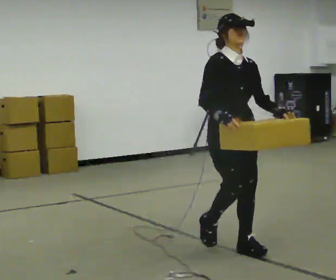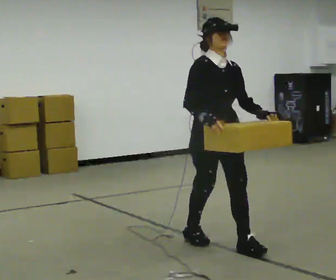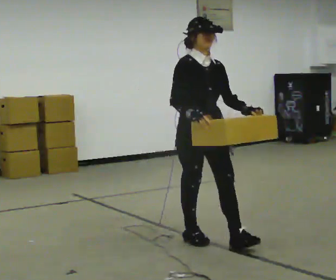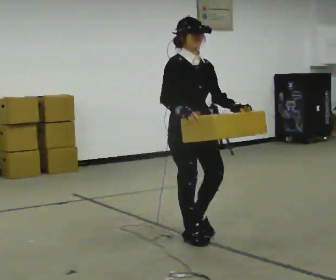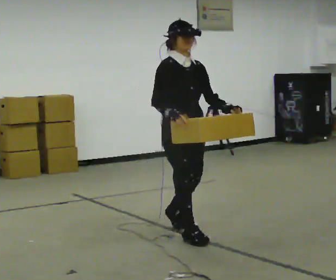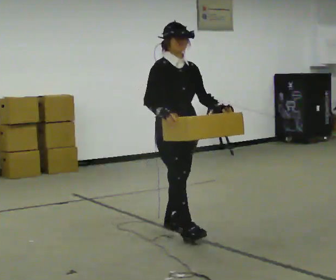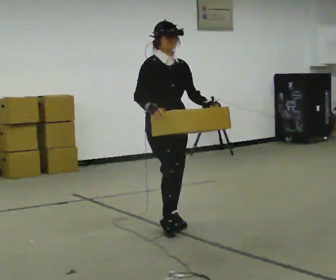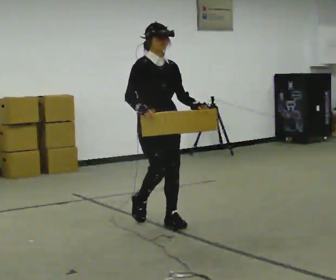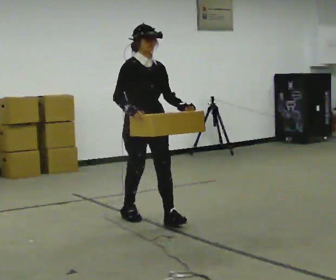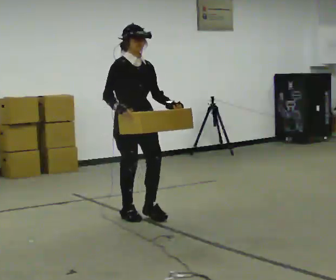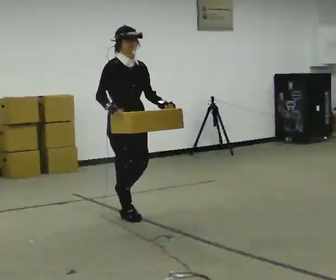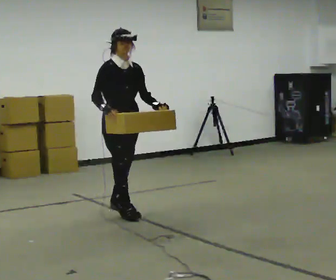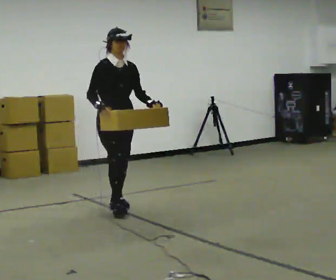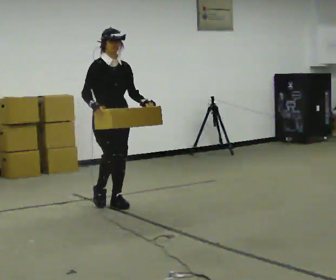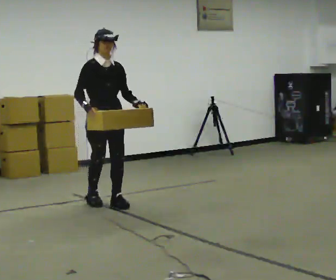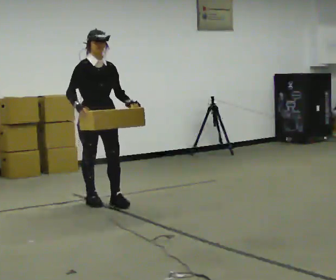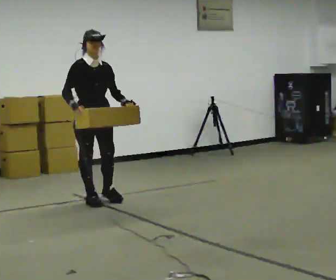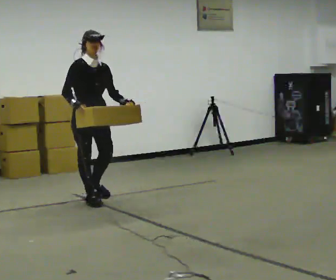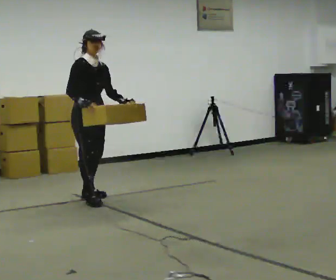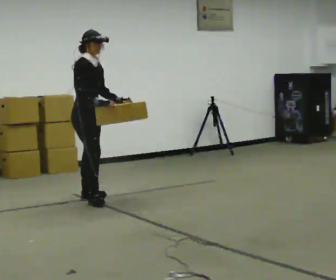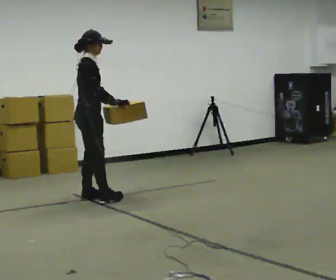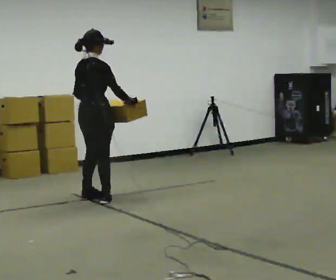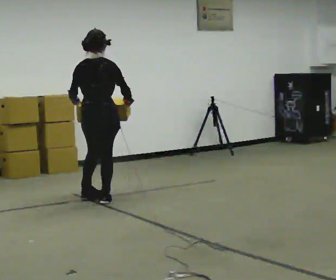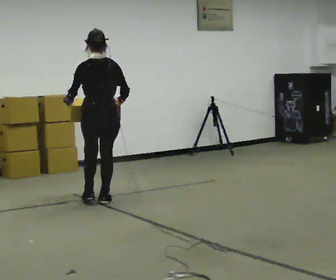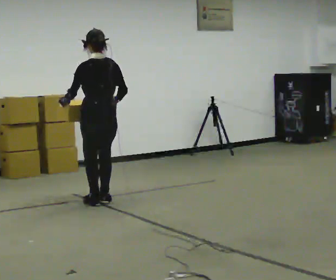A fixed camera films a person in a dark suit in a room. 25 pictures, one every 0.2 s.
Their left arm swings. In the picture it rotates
clockwise.
The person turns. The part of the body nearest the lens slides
to the right.
0.0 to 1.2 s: In the picture they go away from the camera and to the left, about 1 m in 2 steps, which for them is backward.
1.2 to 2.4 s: In the picture they go away from the camera and to the left, about 1 m in 2 steps, which for them is backward.
2.4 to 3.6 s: In the picture they go away from the camera and to the left, about 0.5 m in 1 step, which for them is backward.
3.6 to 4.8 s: The part of the body nearest the lens slides to the right as the person turns to their left by about 150 degrees. In the picture their right hand goes to the right.
The film runs backward here.
